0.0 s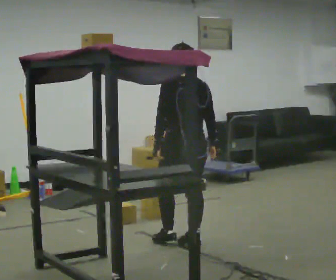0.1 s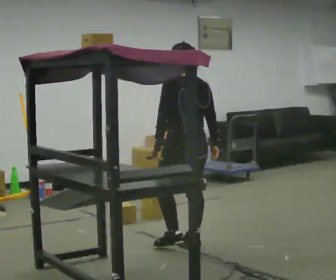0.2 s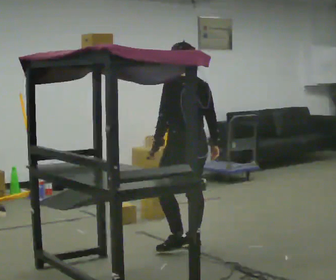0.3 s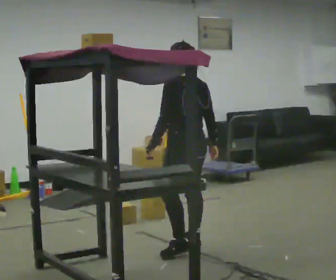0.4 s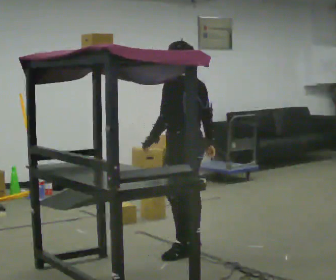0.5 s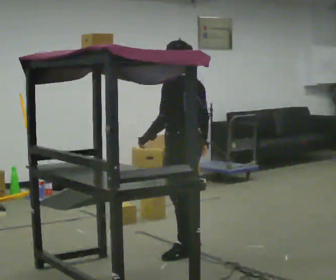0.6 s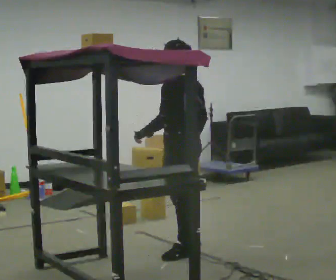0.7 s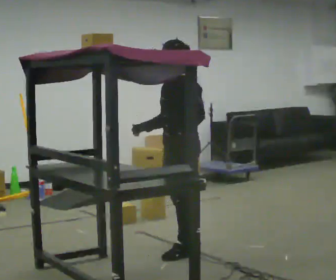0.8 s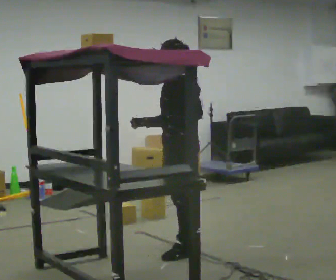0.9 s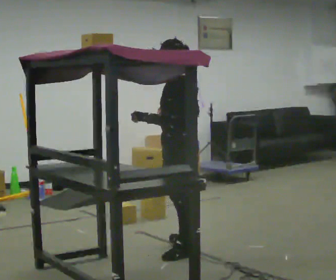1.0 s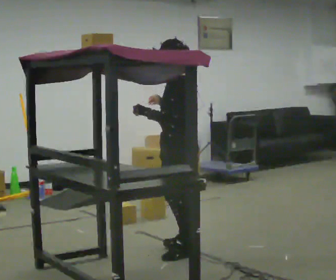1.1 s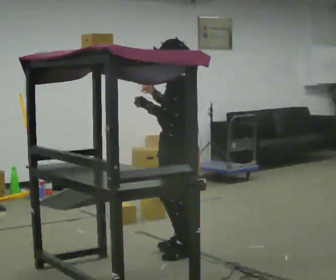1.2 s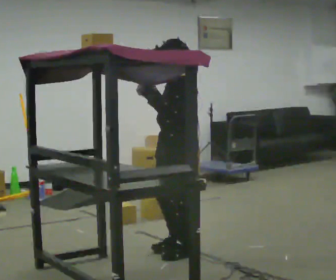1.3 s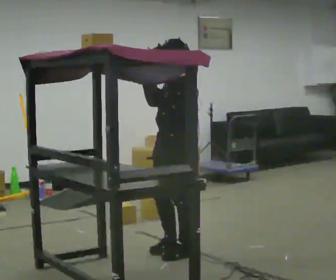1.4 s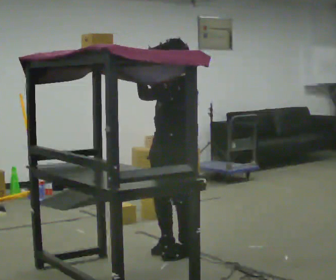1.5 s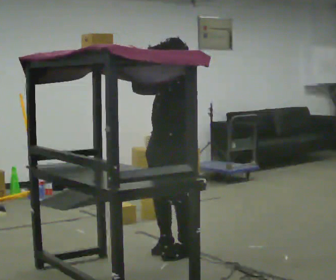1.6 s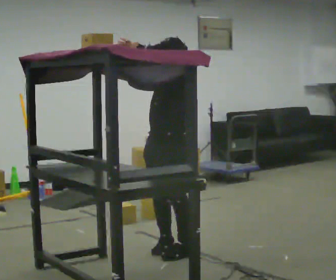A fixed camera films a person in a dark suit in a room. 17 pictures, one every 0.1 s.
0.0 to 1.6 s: The part of the body nearest the lens slides to the right as the person turns to their left by about 90 degrees. In the picture they go toward the camera, about 0.25 m in 1 step. In the picture their right hand goes upward.
The film runs backward here.
